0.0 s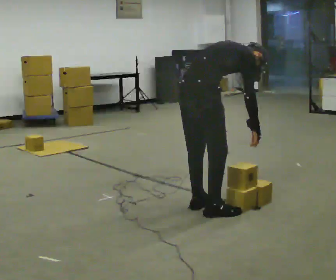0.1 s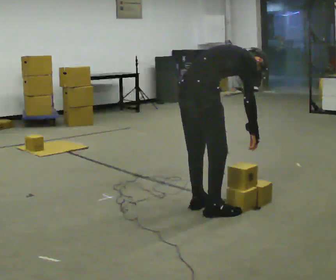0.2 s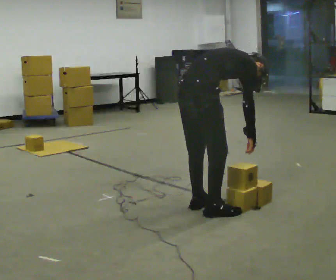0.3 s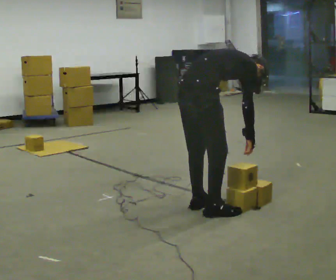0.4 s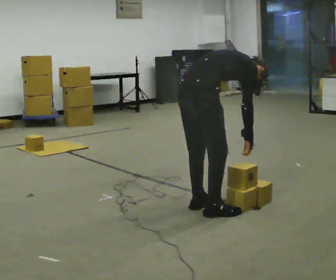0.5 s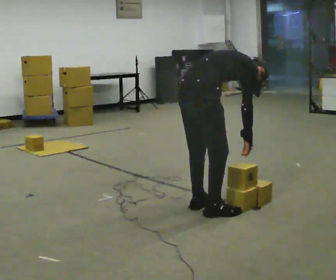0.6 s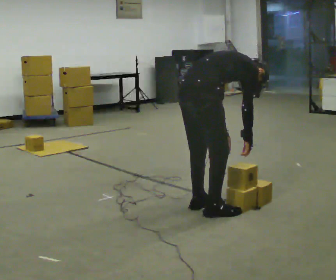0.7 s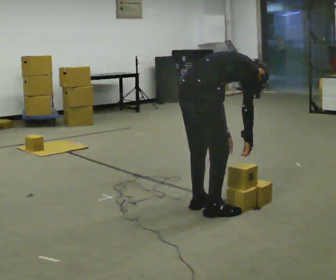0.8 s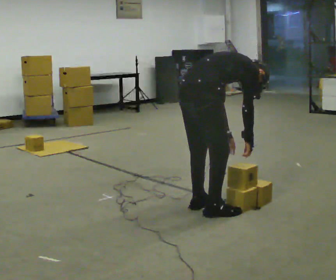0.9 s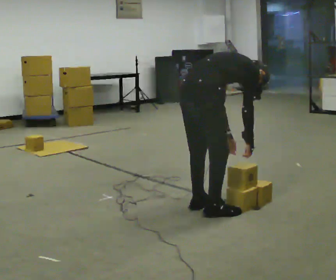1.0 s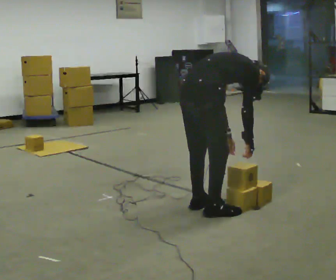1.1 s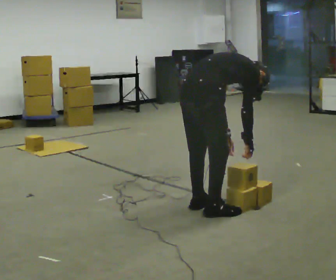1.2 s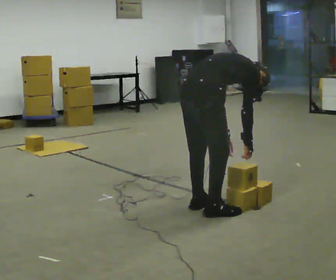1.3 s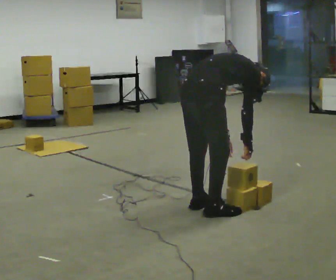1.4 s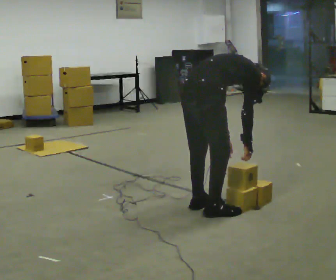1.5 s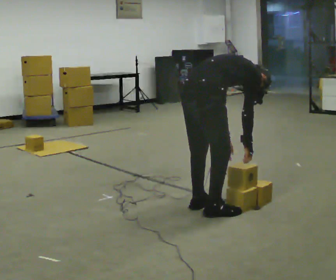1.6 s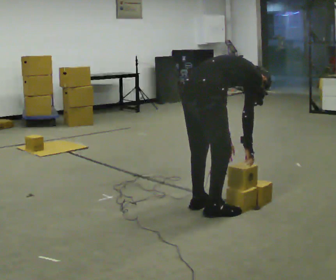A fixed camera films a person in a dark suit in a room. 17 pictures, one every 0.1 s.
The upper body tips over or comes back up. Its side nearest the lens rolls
upward.
0.0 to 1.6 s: The upper body tips away from the camera, its near side rolling upward, as they bend forward.
The film runs forward here.
